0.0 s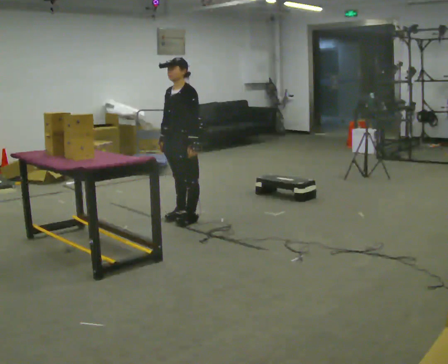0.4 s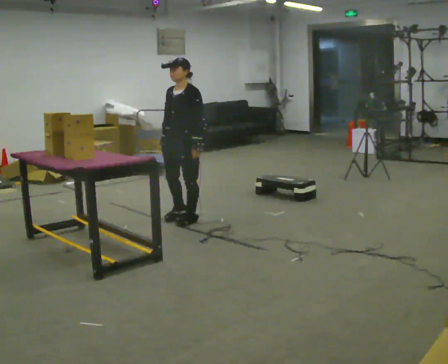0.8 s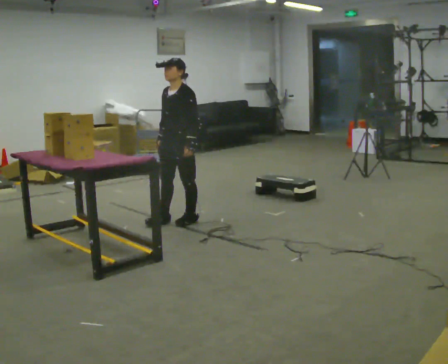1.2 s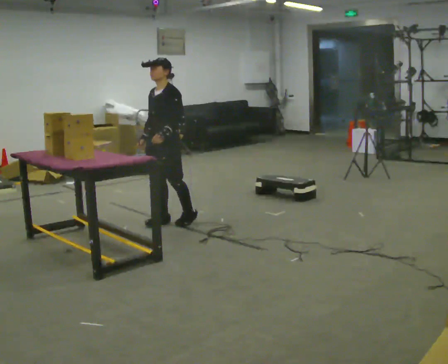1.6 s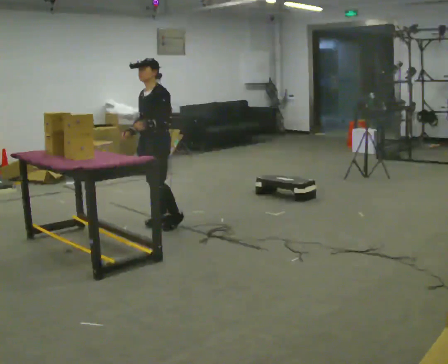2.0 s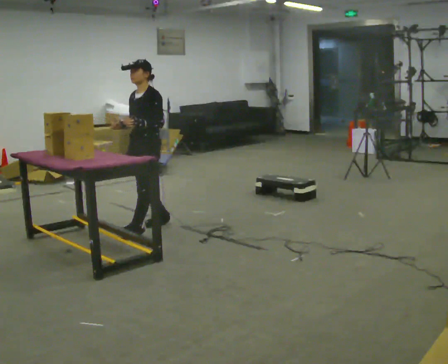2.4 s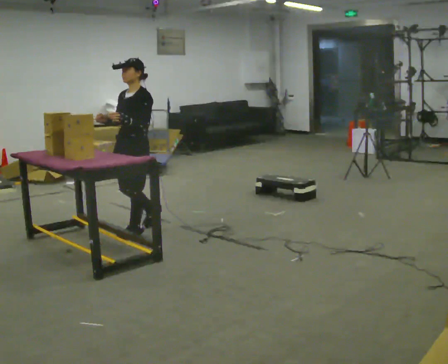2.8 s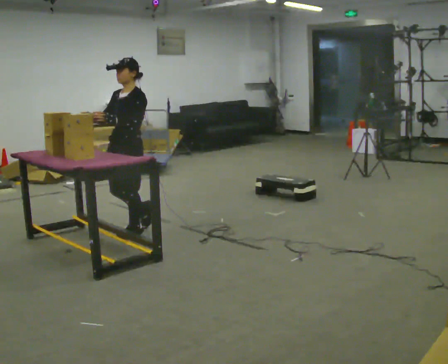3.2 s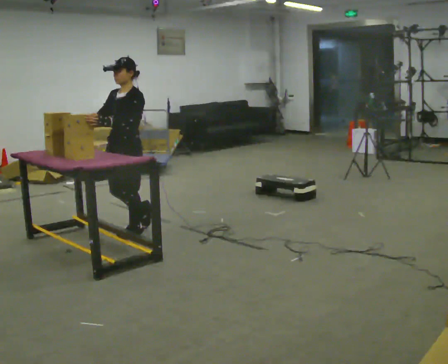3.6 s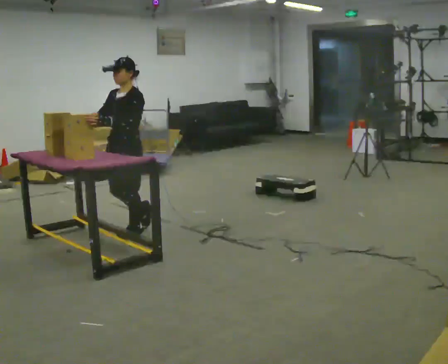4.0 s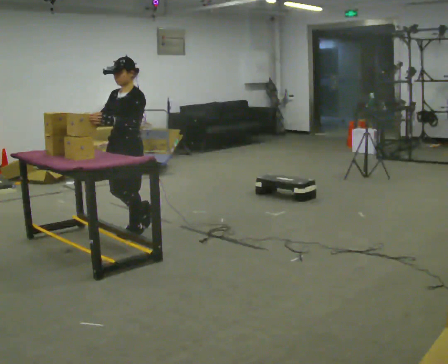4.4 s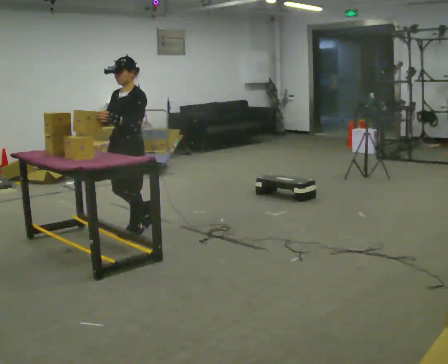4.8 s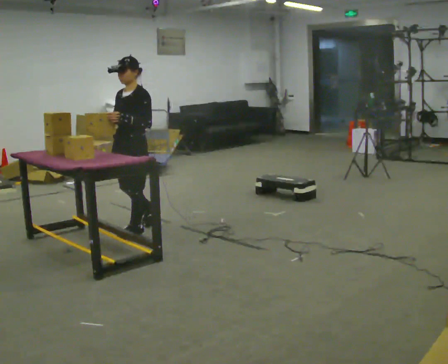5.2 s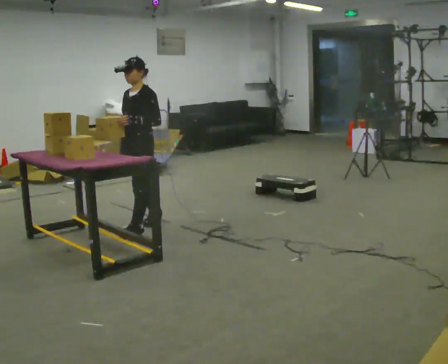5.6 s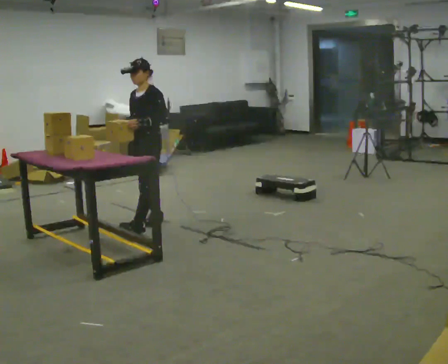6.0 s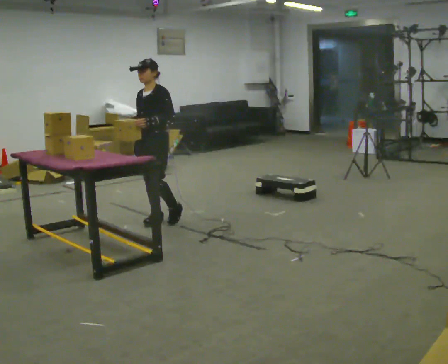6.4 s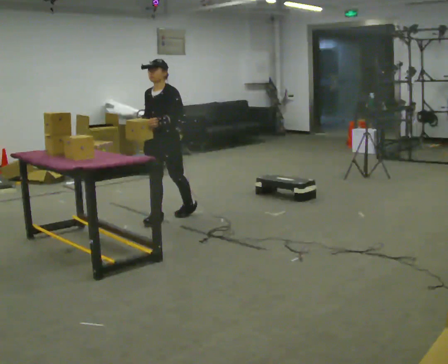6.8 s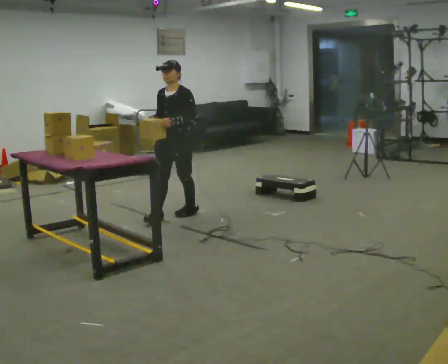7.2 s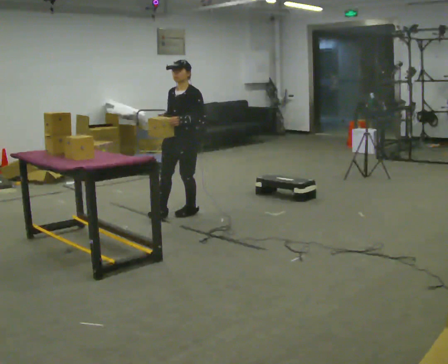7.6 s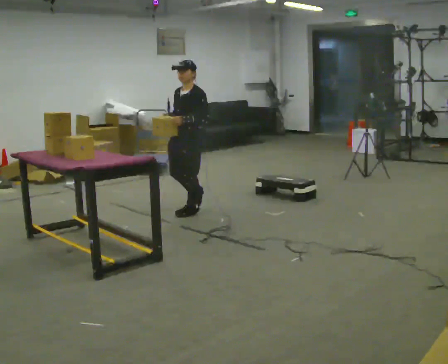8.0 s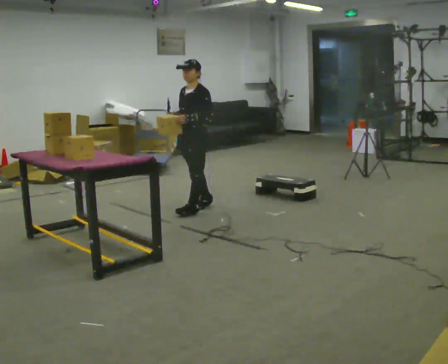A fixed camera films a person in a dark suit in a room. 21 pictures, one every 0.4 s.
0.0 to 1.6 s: In the picture they go to the left, about 0.25 m in 2 steps, which for them is forward. In the picture their left hand goes to the left.
1.6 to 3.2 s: In the picture they go to the left and toward the camera, about 0.5 m, which for them is forward.
3.2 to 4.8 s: The person moves a little, or ends about where they began.
4.8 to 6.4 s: In the picture they go to the right and away from the camera, about 0.5 m in 1 step, which for them is backward.
6.4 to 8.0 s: In the picture they go to the right and away from the camera, about 0.5 m in 1 step, which for them is backward.
The film runs backward here.
